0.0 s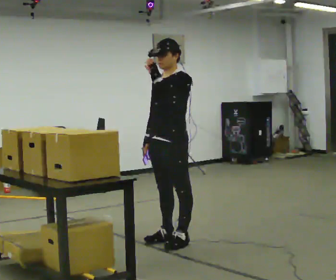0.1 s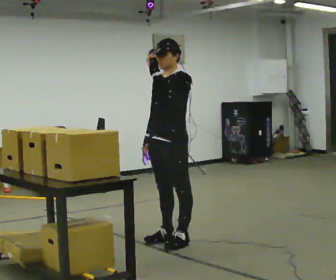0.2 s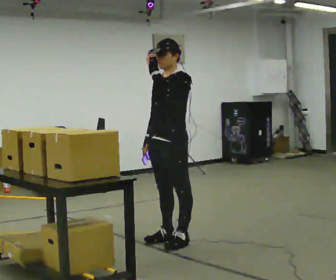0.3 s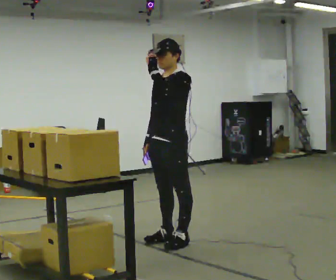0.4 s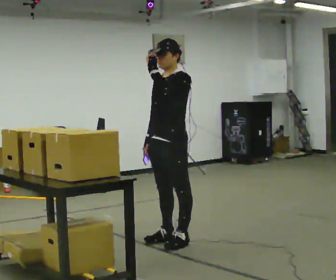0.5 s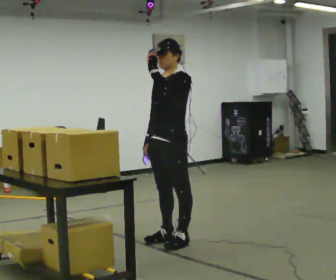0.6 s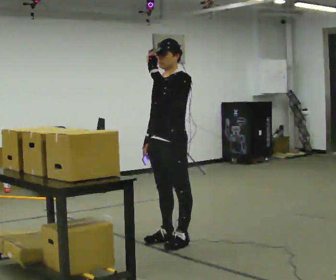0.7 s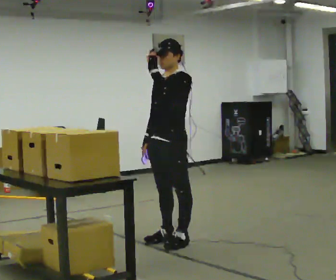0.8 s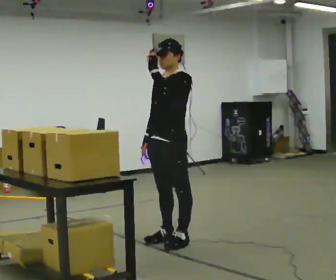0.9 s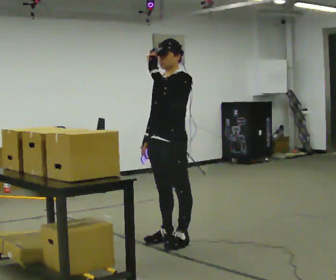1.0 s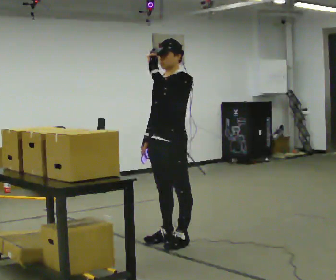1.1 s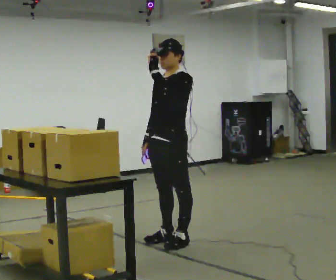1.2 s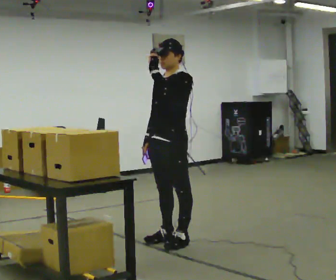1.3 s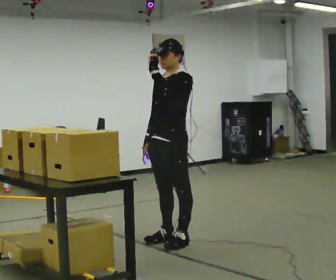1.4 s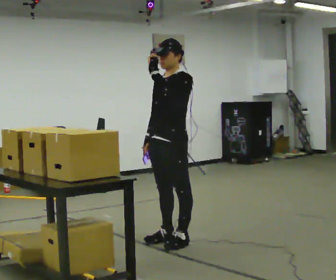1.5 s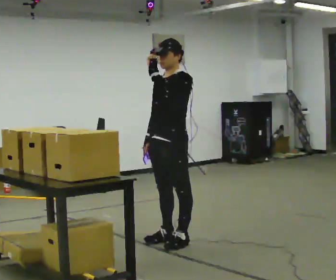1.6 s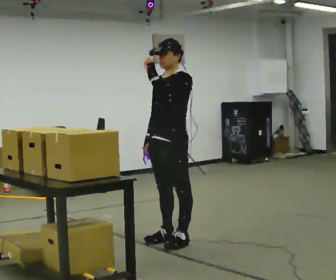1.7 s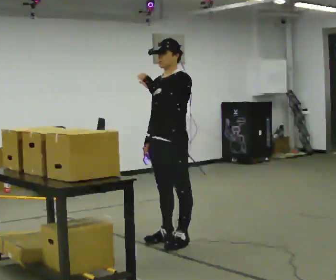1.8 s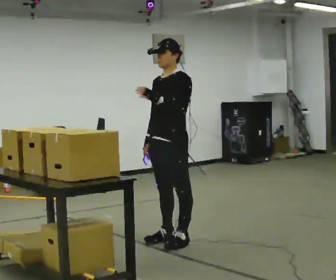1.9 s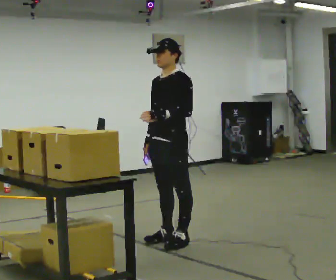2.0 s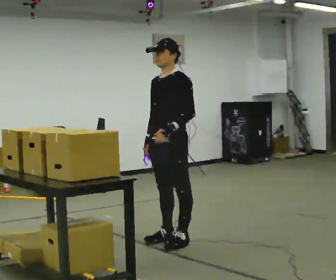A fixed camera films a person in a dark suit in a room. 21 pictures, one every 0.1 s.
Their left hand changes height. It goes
downward.
0.0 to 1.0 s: The person moves a little, or ends about where they began.
1.0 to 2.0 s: In the picture their left hand goes downward.
The film runs forward here.
